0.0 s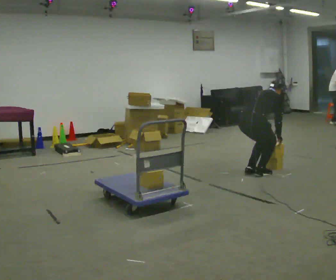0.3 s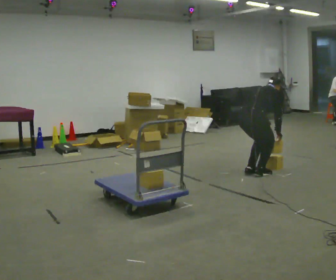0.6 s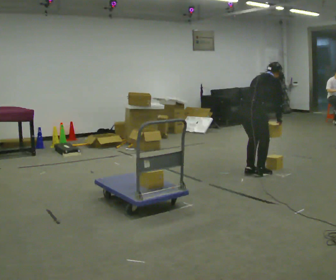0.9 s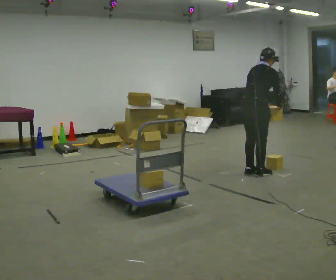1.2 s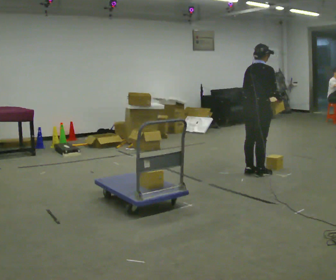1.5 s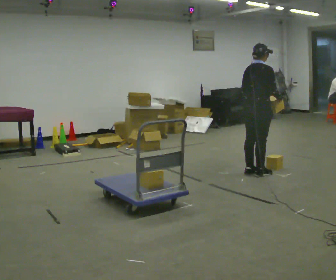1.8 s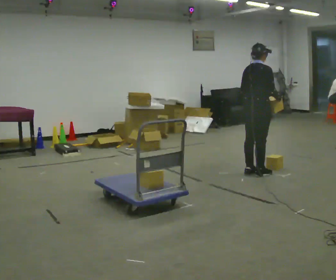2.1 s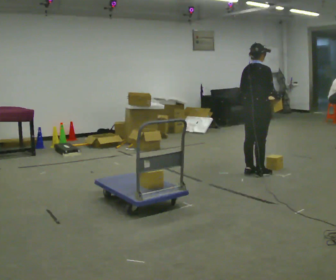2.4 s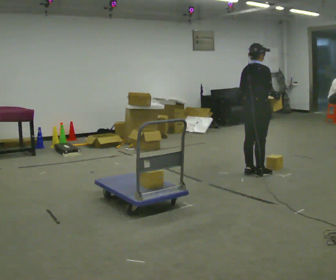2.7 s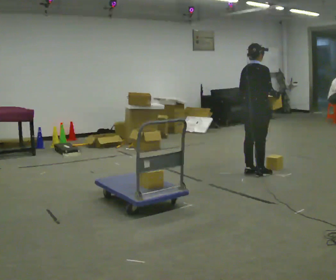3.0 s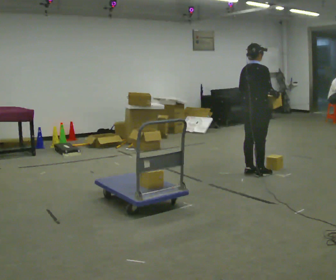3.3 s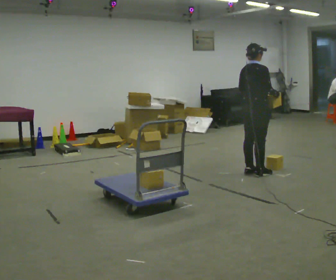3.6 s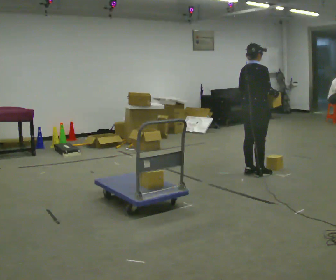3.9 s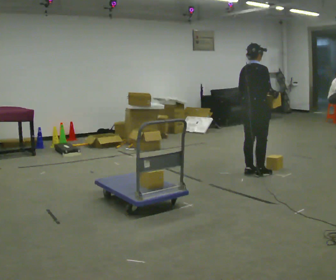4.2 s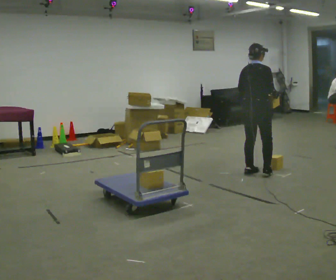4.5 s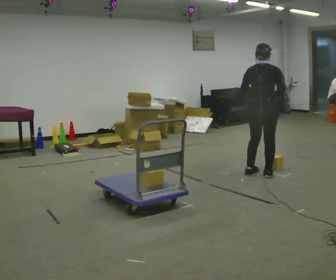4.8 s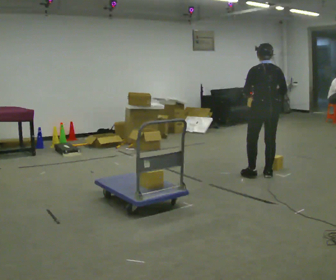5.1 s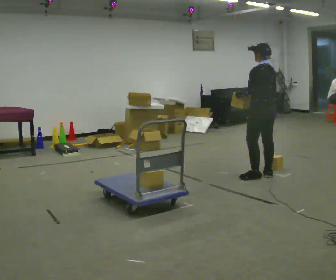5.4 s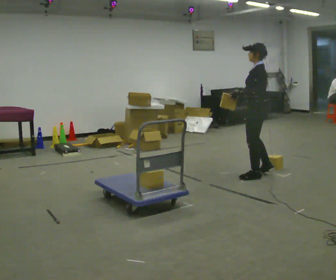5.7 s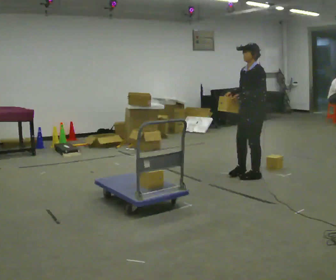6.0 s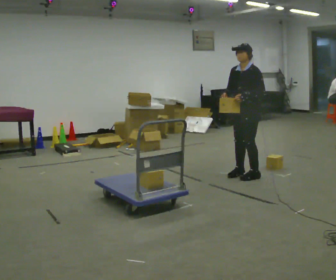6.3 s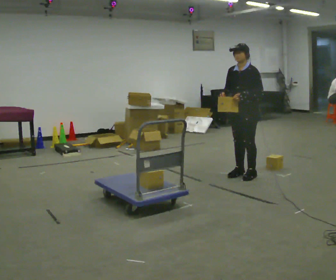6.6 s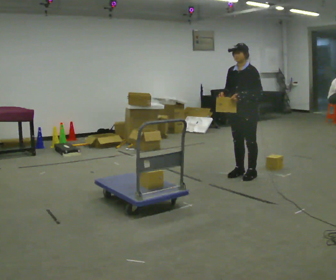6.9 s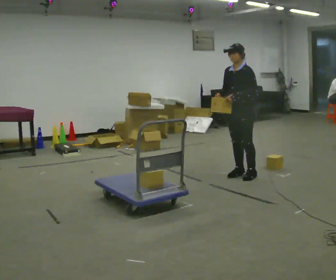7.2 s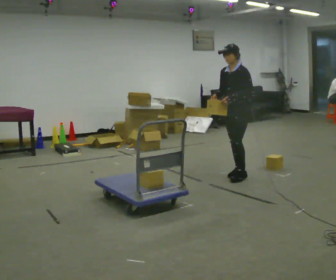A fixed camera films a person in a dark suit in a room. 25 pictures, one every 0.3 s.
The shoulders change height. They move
upward.
The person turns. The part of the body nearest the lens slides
to the right.
0.0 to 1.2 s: The upper body goes upward. In the picture the upper body tilts counterclockwise, shoulders to the left, as they lean back or straighten. In the picture their left hand goes upward.
1.2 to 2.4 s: The person moves a little, or ends about where they began.
2.4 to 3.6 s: The person keeps their place and pose.
3.6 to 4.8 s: The part of the body nearest the lens slides to the right as the person turns to their left by about 75 degrees.
4.8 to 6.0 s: The part of the body nearest the lens slides to the right as the person turns to their left by about 105 degrees. In the picture they go to the left, about 0.25 m in 2 steps.
6.0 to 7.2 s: The person moves a little, or ends about where they began.
The film runs forward here.
